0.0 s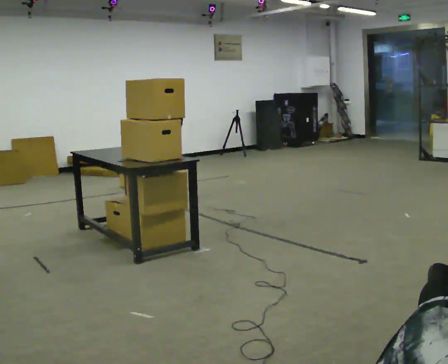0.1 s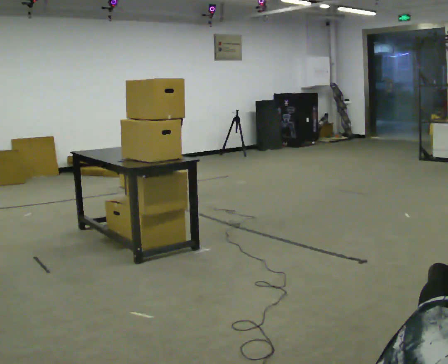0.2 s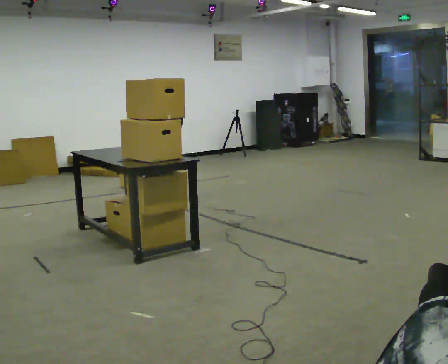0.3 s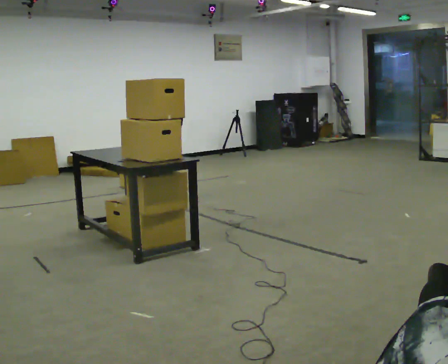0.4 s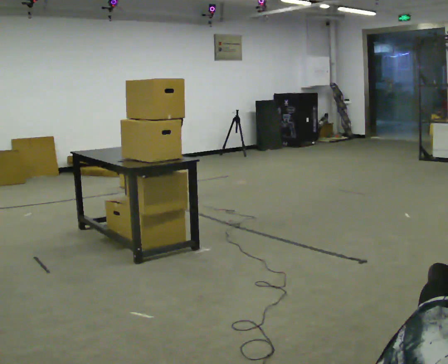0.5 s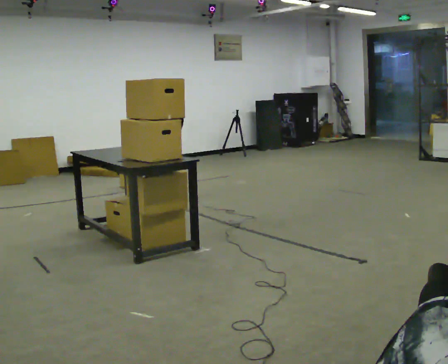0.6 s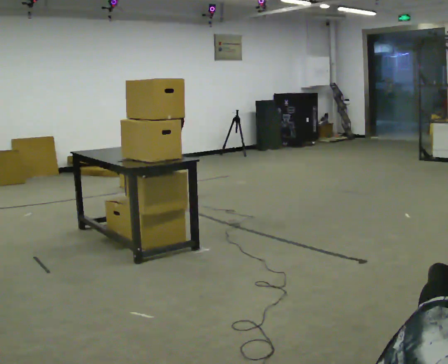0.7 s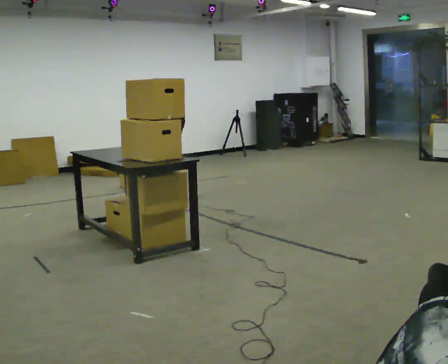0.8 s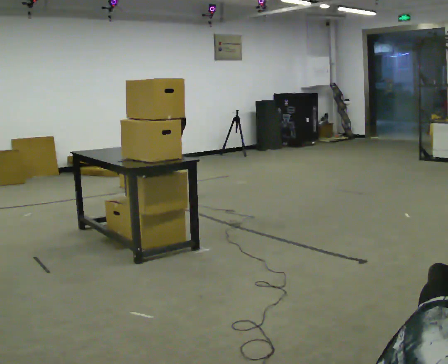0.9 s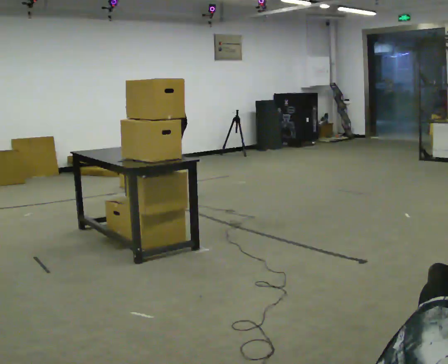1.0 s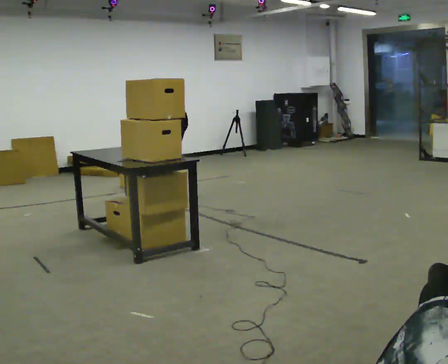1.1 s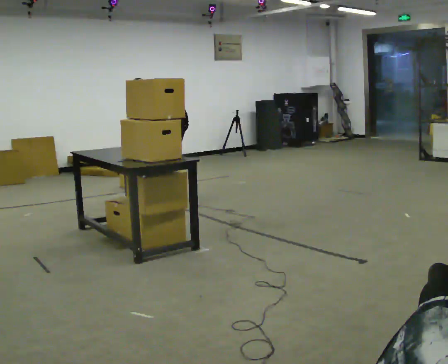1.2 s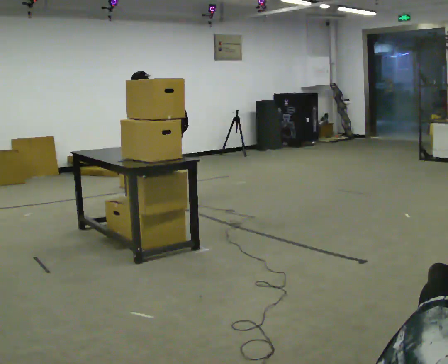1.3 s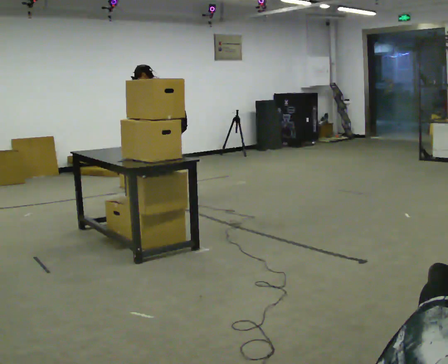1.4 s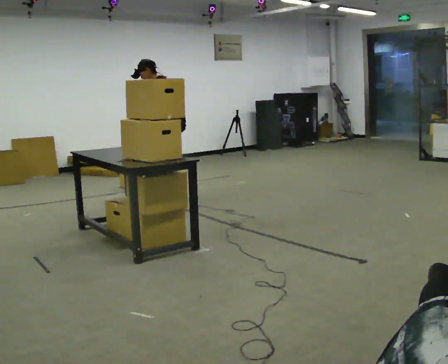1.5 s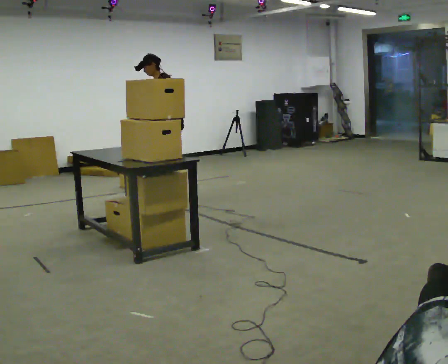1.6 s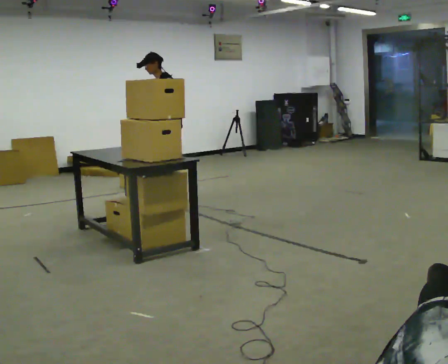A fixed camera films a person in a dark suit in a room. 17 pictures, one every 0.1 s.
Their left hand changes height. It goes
upward.
The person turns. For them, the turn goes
to their left.
0.0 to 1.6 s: The person turns about 60 degrees to their left, counterclockwise seen from above, so the part of the body nearest the lens slides to the right. The upper body goes upward. The upper body tips toward the camera, its near side rolling downward, as they lean back or straighten. In the picture their left hand goes to the right and upward.
The film runs forward here.
